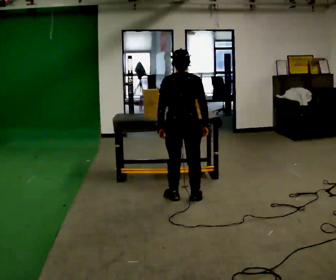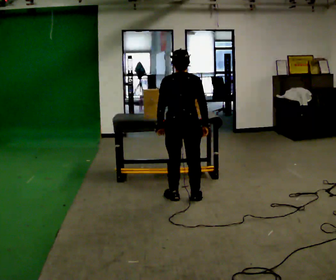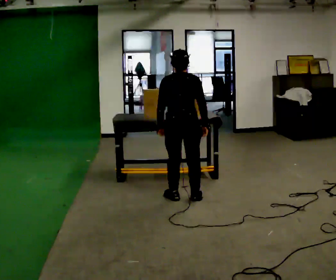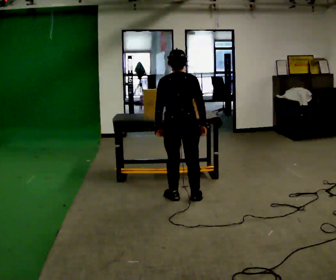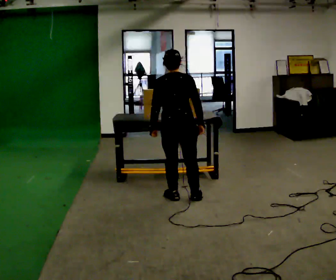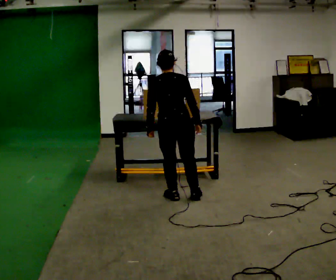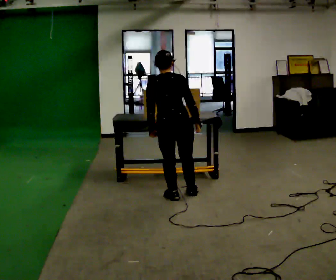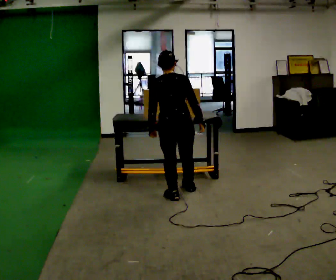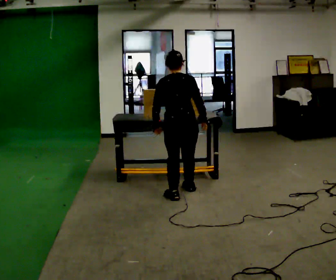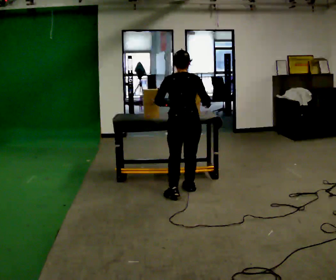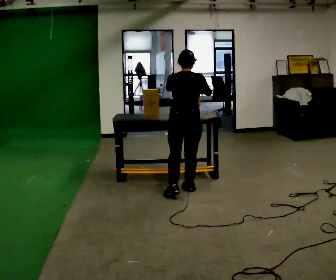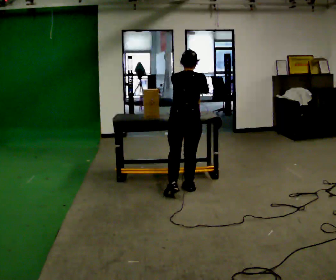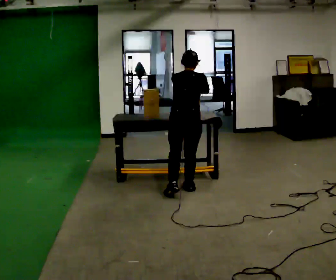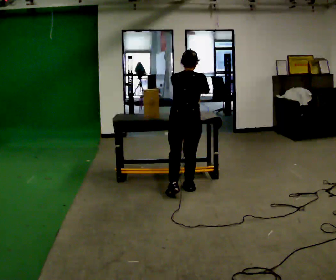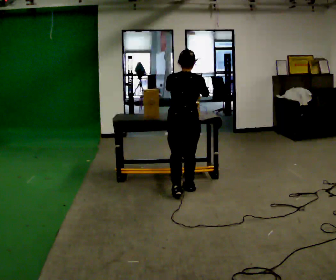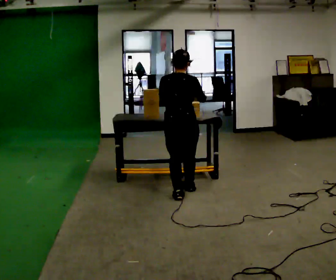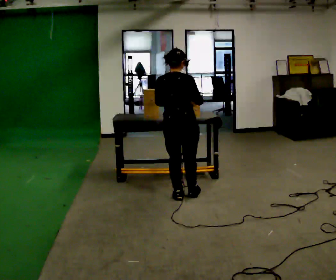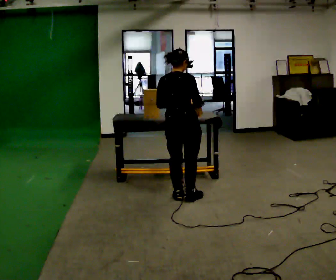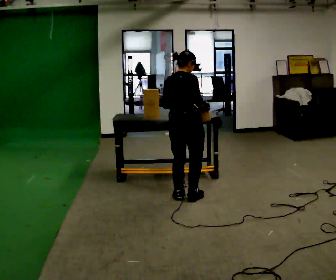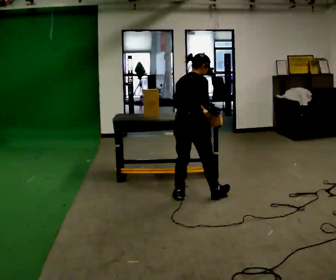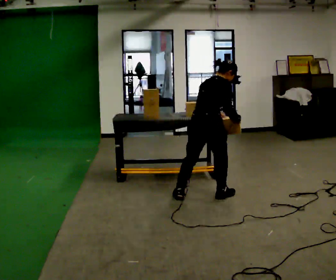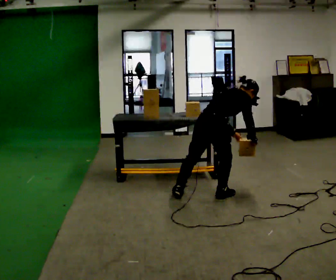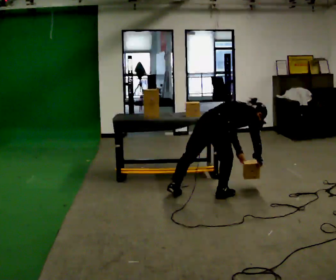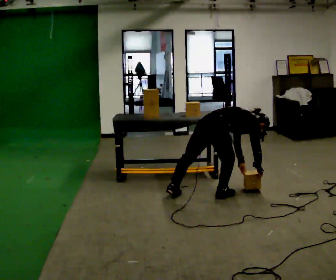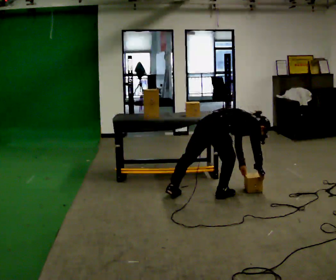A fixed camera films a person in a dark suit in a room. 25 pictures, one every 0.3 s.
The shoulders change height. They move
downward.
0.0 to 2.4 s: The person moves a little, or ends about where they began.
2.4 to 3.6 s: In the picture their left hand goes upward.
3.6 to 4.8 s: In the picture they go toward the camera, about 0.25 m, which for them is backward.
4.8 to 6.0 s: The part of the body nearest the lens slides to the left as the person turns to their right by about 45 degrees. In the picture they go to the right, about 0.25 m in 2 steps, which for them is to their right. In the picture the upper body tilts clockwise, shoulders to the right, as they bend forward.
6.0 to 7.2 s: The upper body goes downward. In the picture the upper body tilts clockwise, shoulders to the right, as they bend forward. In the picture their right hand goes downward.
The film runs forward here.
